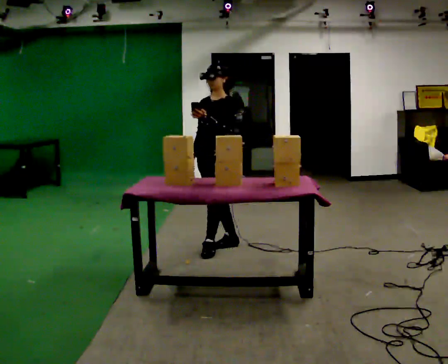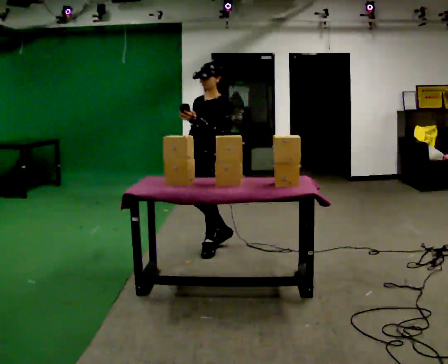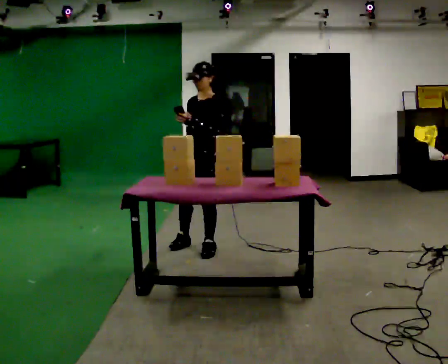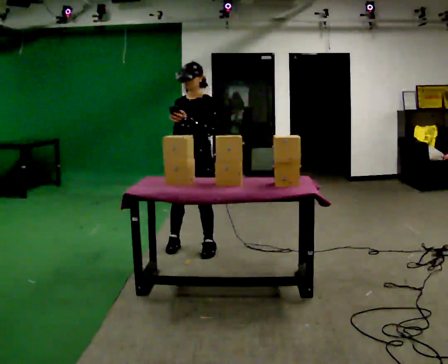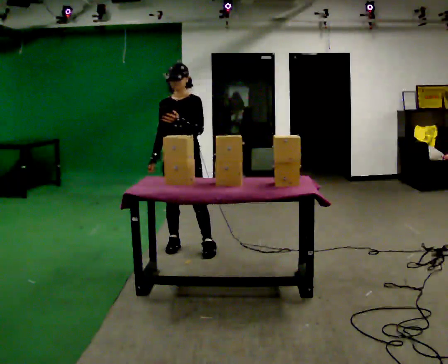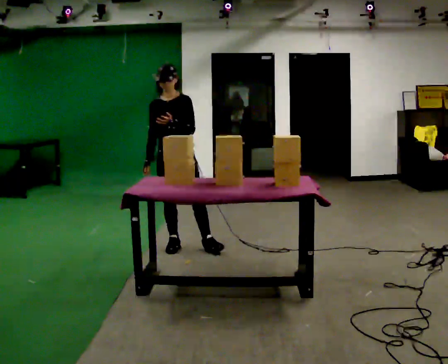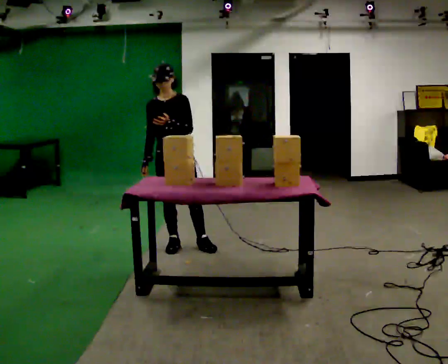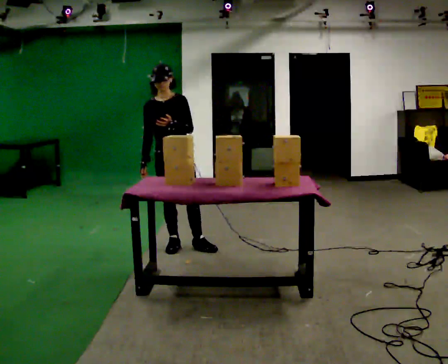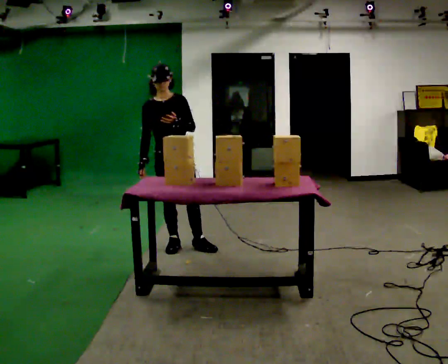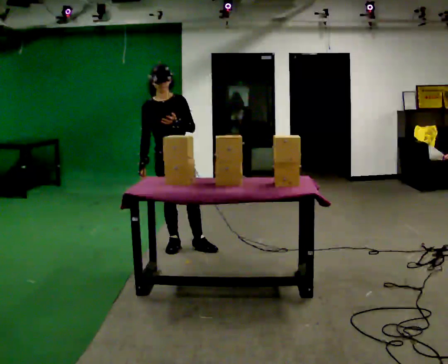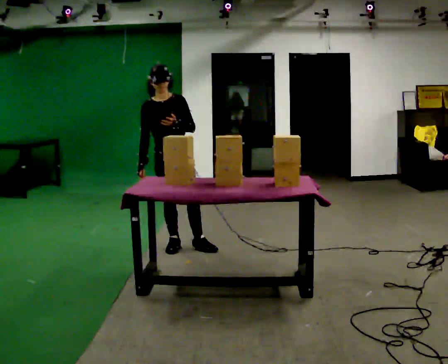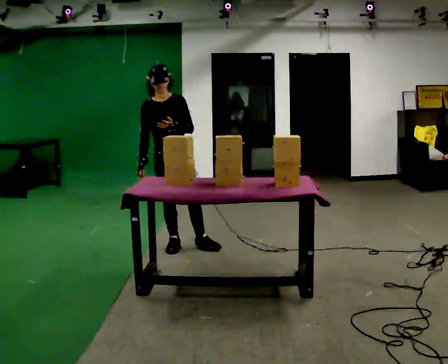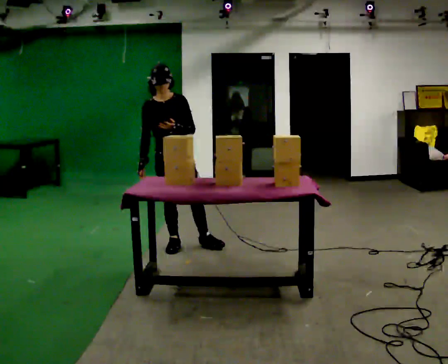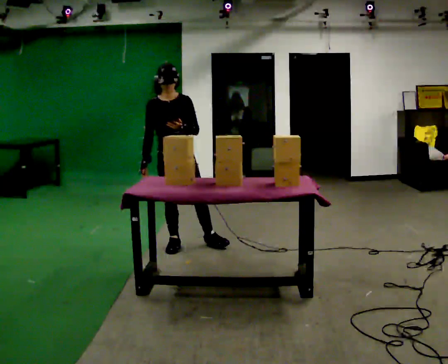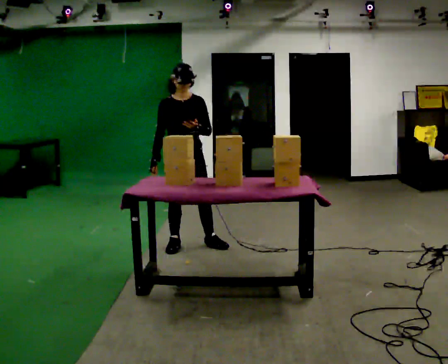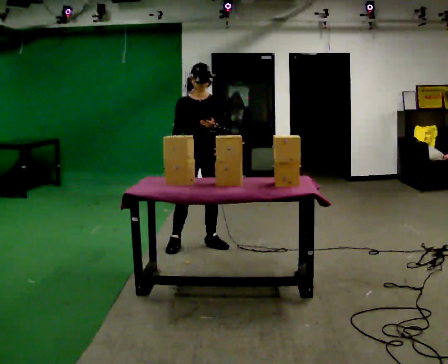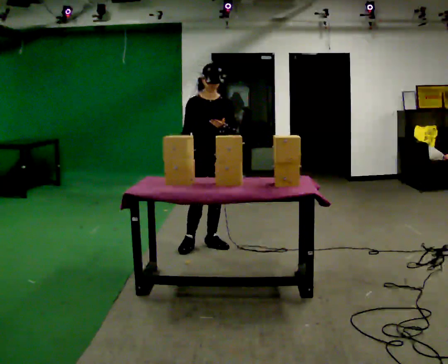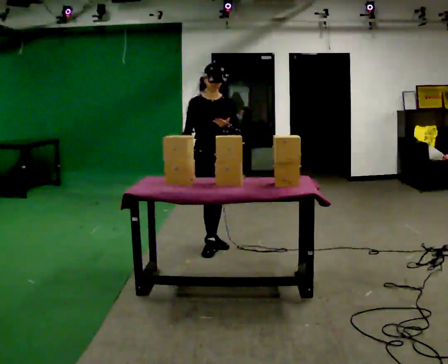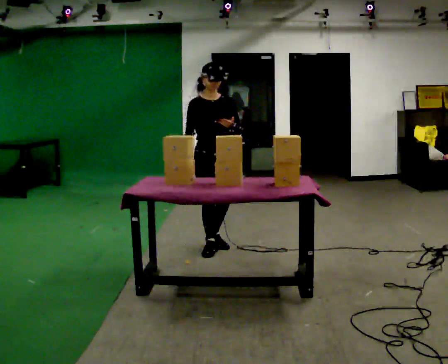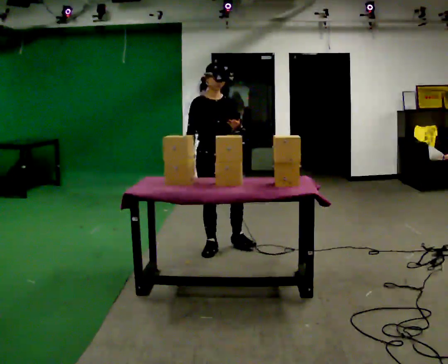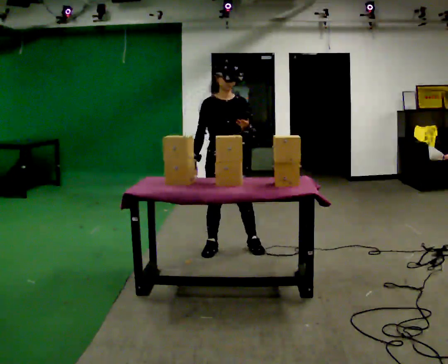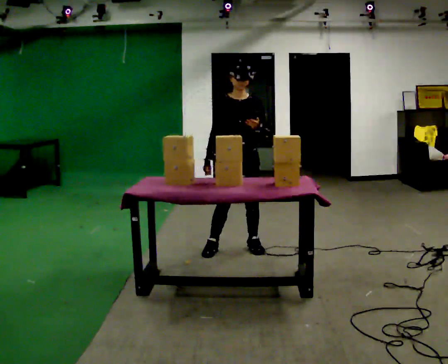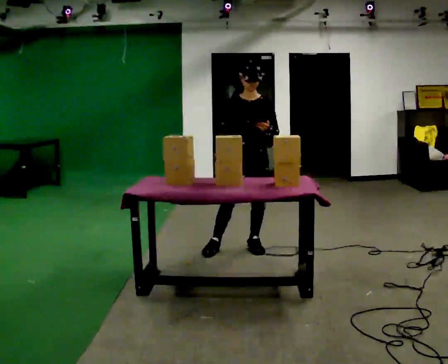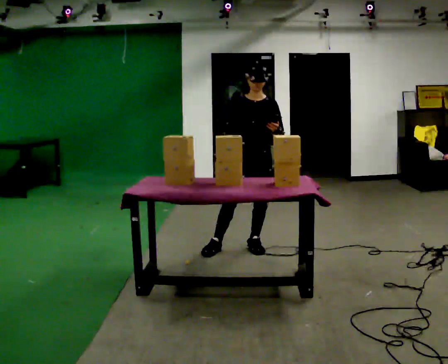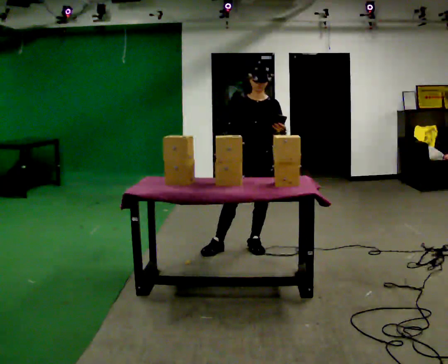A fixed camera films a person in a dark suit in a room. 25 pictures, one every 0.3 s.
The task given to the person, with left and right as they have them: Carry the handheld device and, while walking, point it at the labels on the shelves and press the button as if scanning them.
0.0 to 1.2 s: The person turns about 45 degrees to their left, counterclockwise seen from above, so the part of the body nearest the lens slides to the right. In the picture they go to the left, about 0.25 m in 1 step, which for them is to their right and forward.
1.2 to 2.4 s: The part of the body nearest the lens slides to the right as the person turns to their left by about 30 degrees.
2.4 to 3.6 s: The person moves a little, or ends about where they began.
3.6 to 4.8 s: In the picture they go to the right, about 0.25 m, which for them is to their left.
4.8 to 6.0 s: In the picture they go toward the camera, about 0.25 m in 2 steps, which for them is forward.
6.0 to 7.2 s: The person turns about 30 degrees to their right, clockwise seen from above, so the part of the body nearest the lens slides to the left. In the picture they go to the right, about 0.25 m, which for them is to their left.
The film runs forward here.
